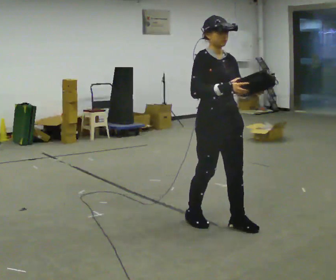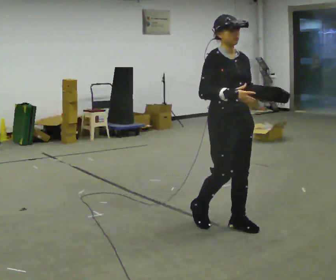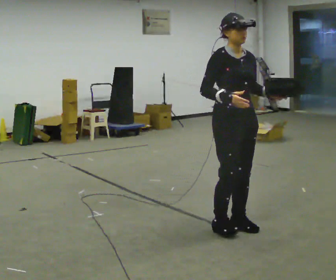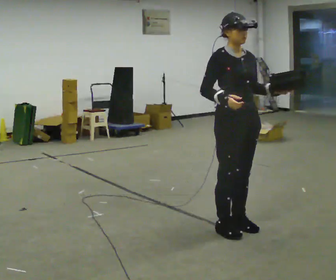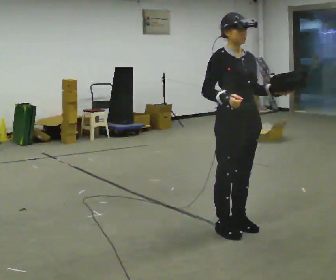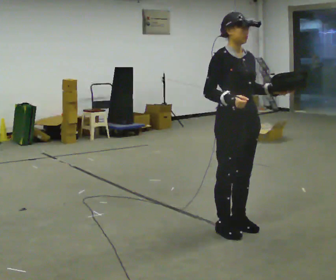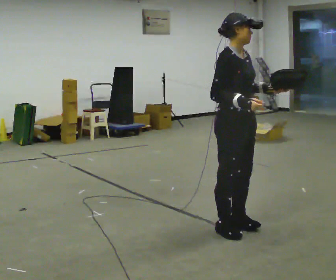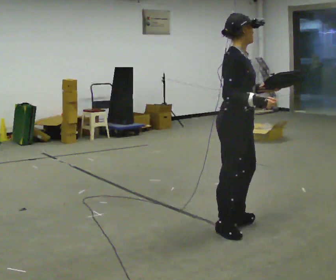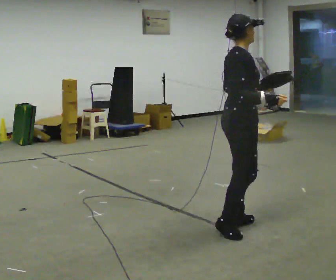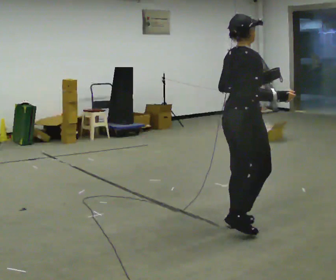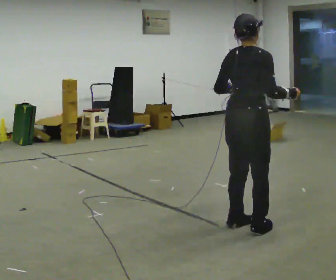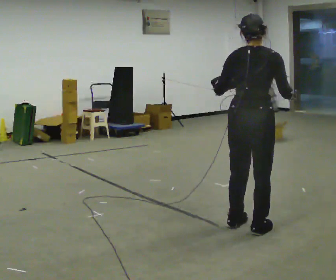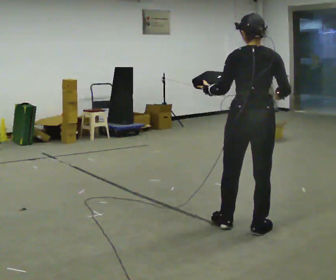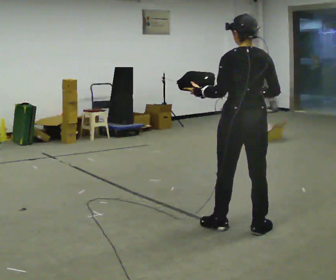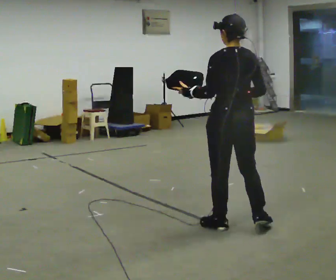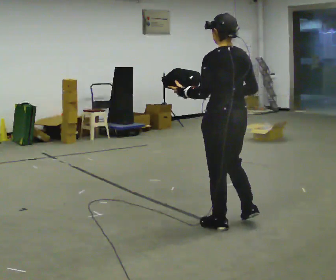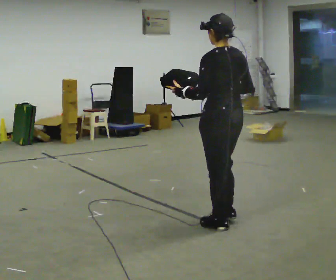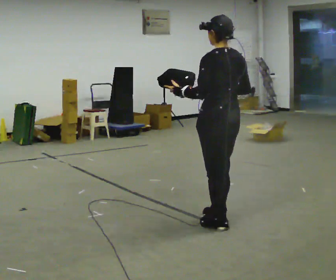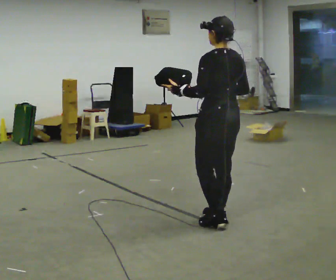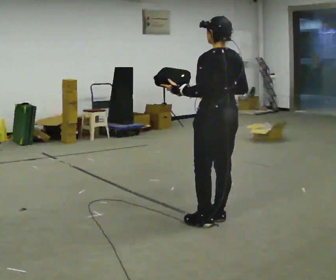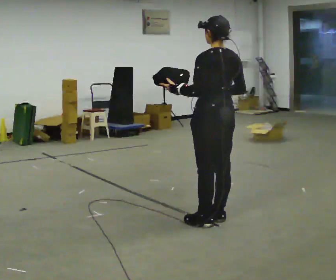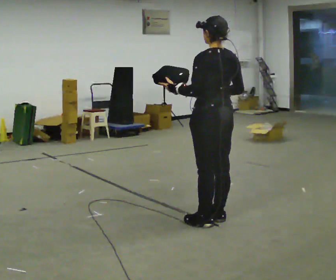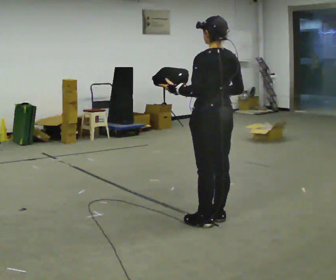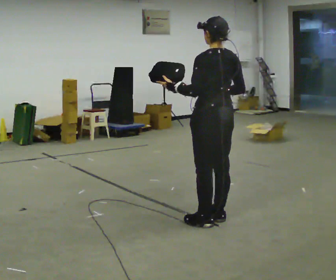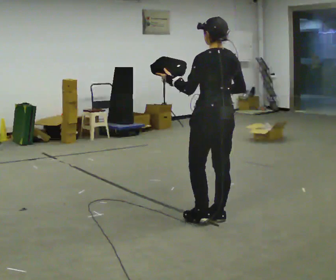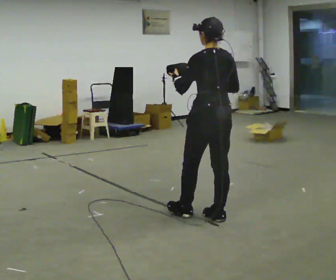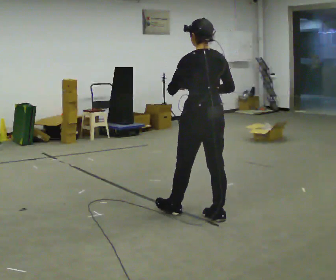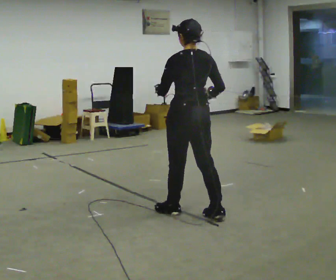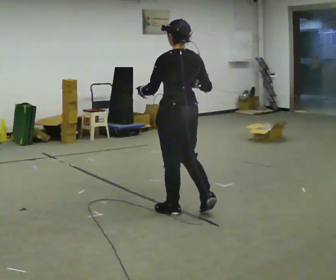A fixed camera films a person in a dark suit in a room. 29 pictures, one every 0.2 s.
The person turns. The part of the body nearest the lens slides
to the right.
The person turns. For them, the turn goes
to their left.
0.0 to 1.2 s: The person moves a little, or ends about where they began.
1.2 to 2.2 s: Seen from above the body turns counterclockwise, about 105 degrees: to their left, with its near side sliding to the right. In the picture their left hand goes to the left.
2.2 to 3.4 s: The person turns about 60 degrees to their left, counterclockwise seen from above, so the part of the body nearest the lens slides to the right. In the picture they go to the left, about 0.25 m in 1 step. In the picture their right hand goes to the left.
3.4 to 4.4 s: The person moves a little, or ends about where they began.
4.4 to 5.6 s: In the picture they go to the left and away from the camera, about 0.25 m in 1 step, which for them is forward and to their left.
The film runs forward here.
